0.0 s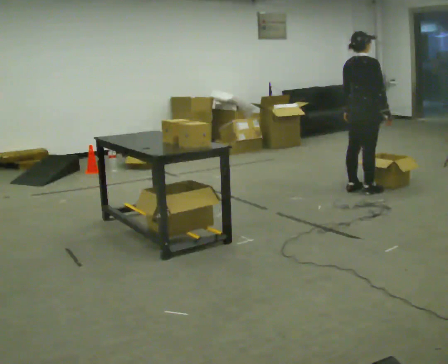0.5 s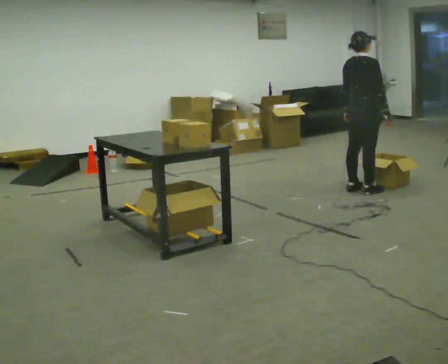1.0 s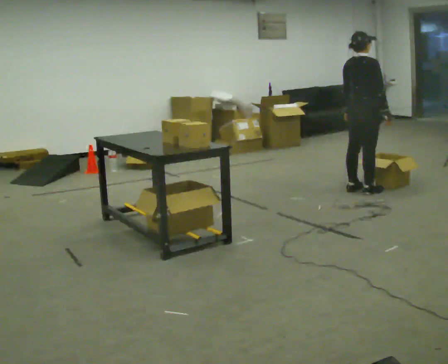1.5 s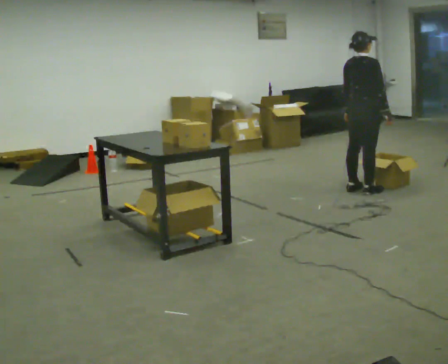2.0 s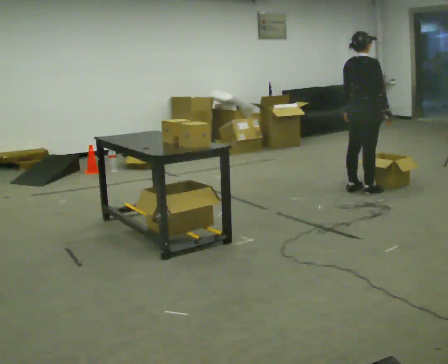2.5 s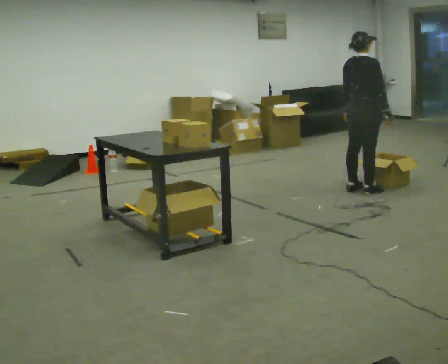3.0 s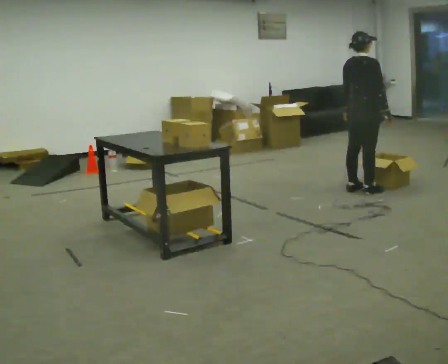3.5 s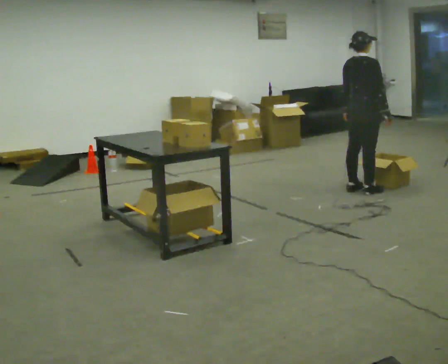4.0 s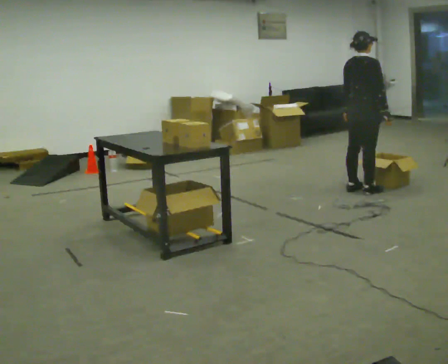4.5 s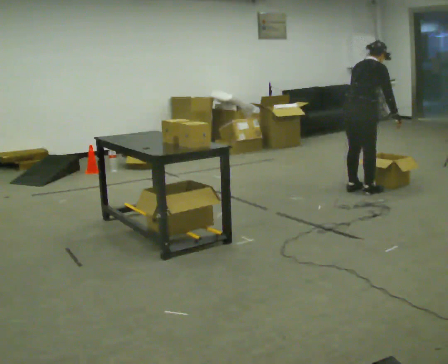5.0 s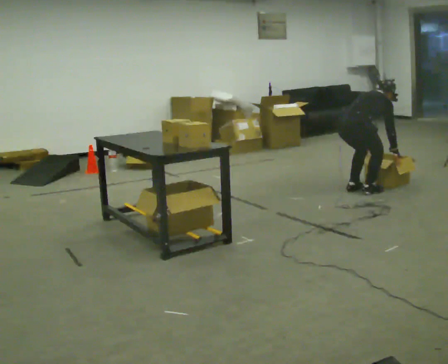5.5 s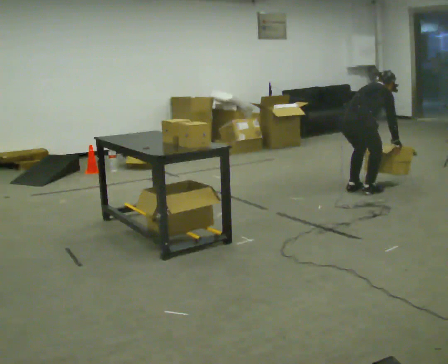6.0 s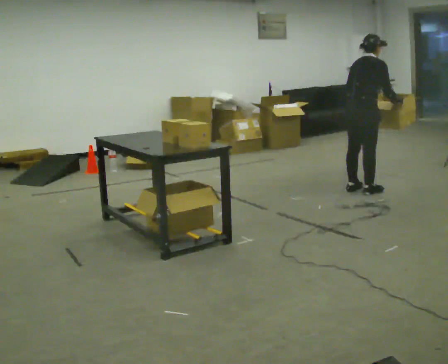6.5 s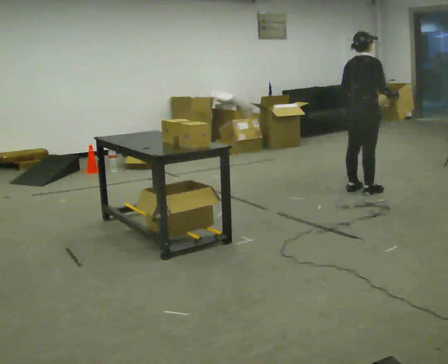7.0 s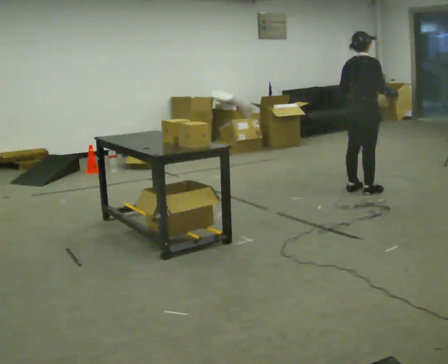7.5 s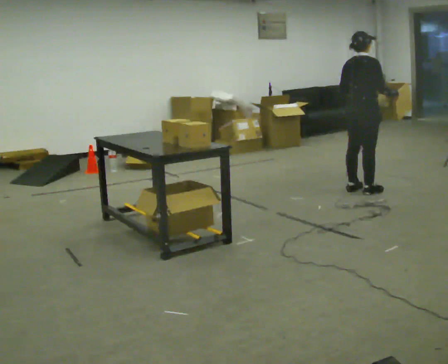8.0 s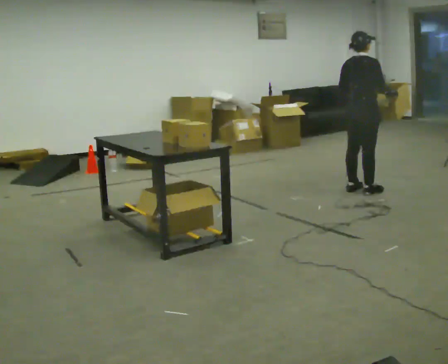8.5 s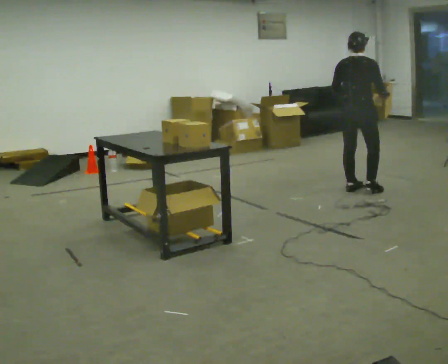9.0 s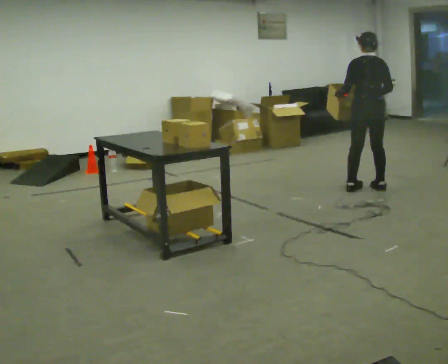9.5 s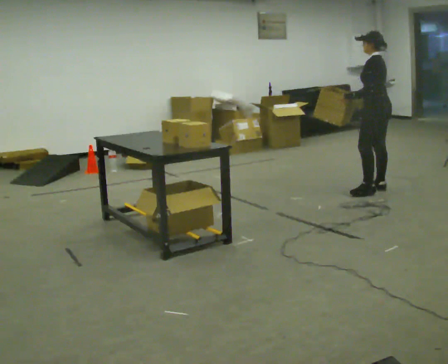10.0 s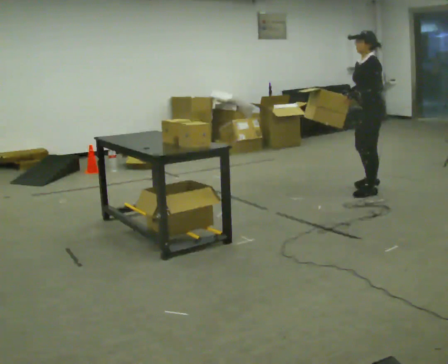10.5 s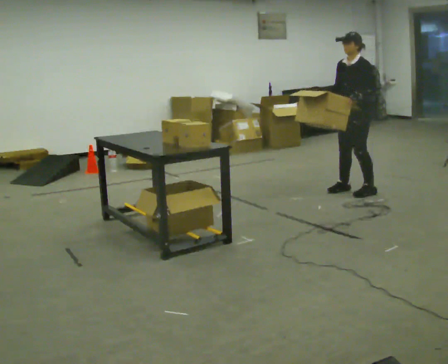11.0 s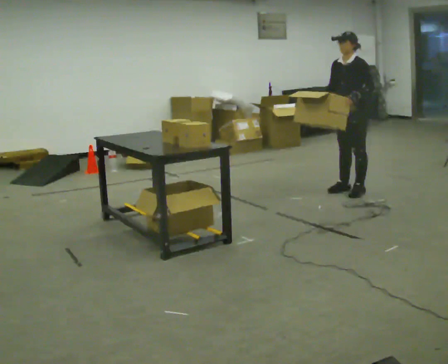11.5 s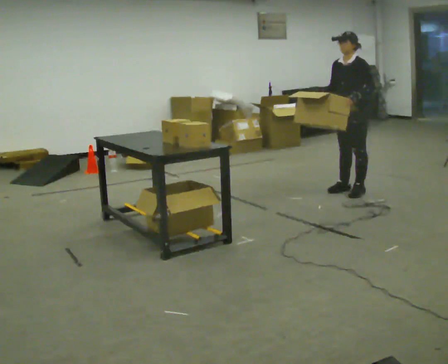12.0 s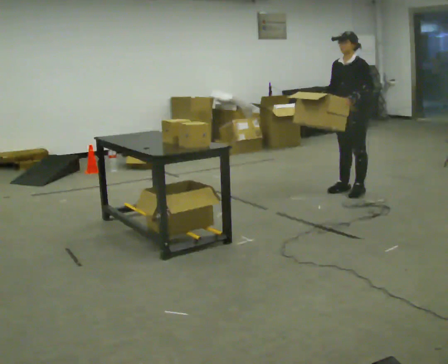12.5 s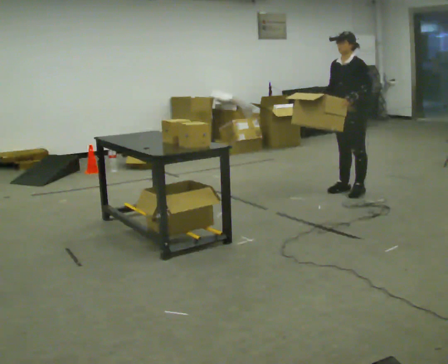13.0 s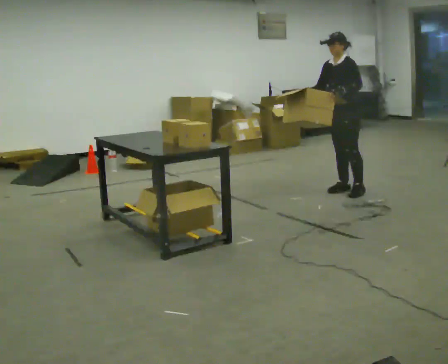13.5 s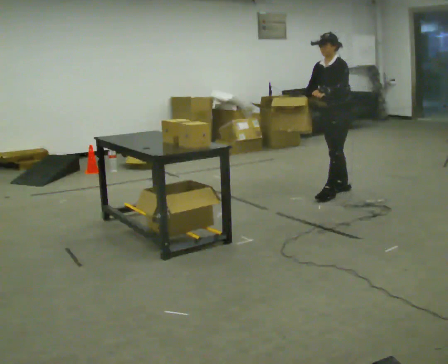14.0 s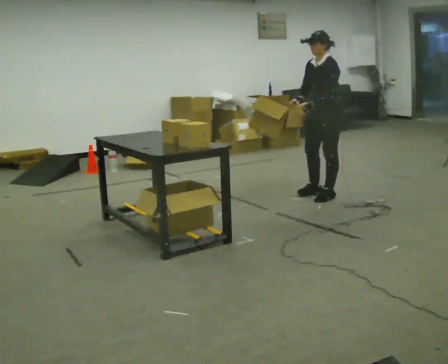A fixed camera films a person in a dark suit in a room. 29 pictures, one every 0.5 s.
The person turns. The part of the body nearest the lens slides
to the right.
The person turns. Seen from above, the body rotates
counterclockwise.
0.0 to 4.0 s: The person keeps their place and pose.
4.0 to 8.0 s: The person moves a little, or ends about where they began.
8.0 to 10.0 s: The part of the body nearest the lens slides to the right as the person turns to their left by about 135 degrees.
10.0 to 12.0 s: The person turns about 30 degrees to their left, counterclockwise seen from above, so the part of the body nearest the lens slides to the right. In the picture they go to the left, about 0.25 m in 1 step, which for them is to their right.
12.0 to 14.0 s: In the picture they go to the left and toward the camera, about 0.25 m in 1 step, which for them is forward.
The film runs forward here.
